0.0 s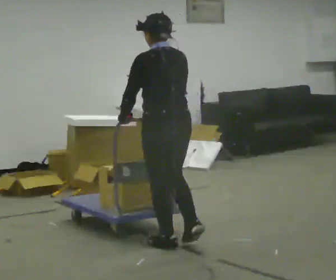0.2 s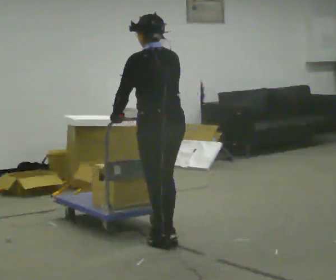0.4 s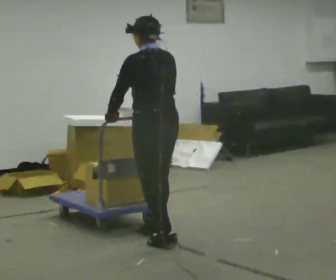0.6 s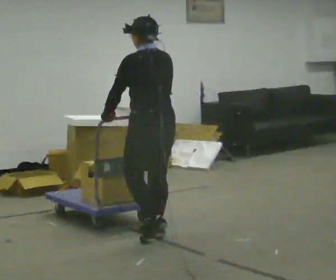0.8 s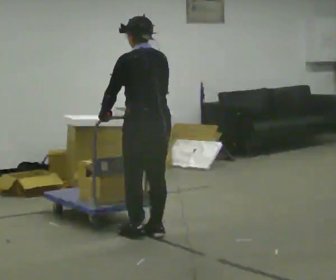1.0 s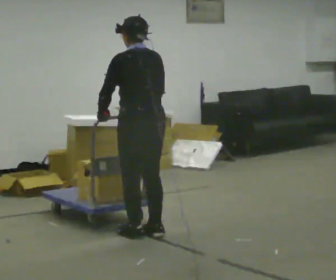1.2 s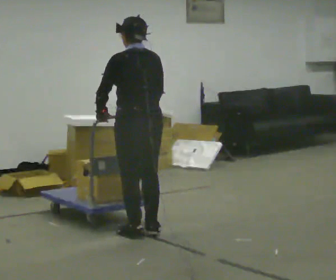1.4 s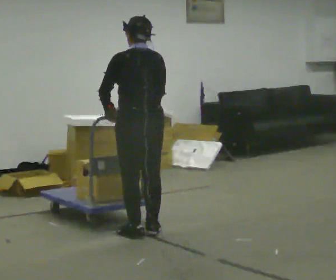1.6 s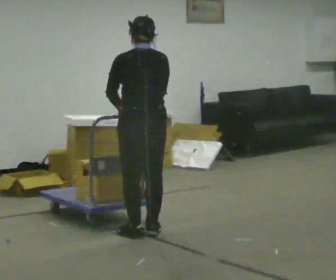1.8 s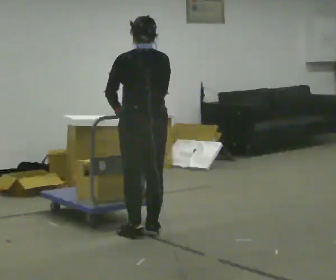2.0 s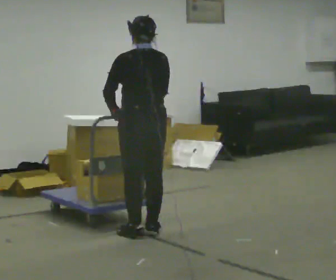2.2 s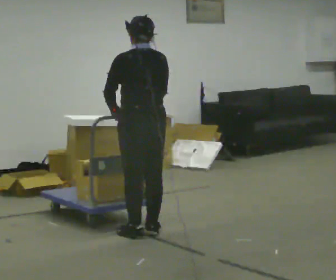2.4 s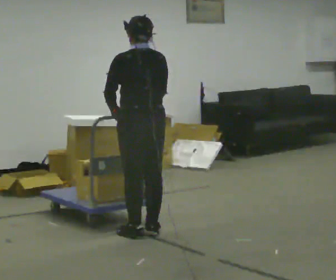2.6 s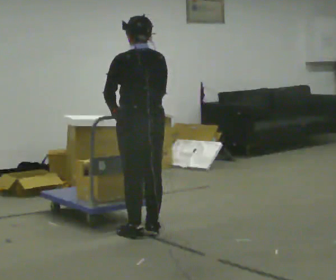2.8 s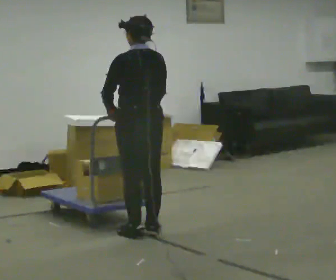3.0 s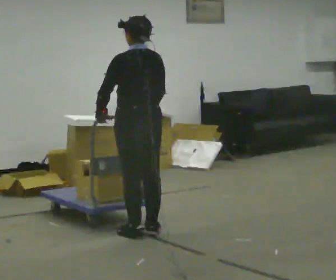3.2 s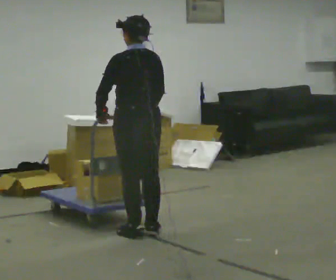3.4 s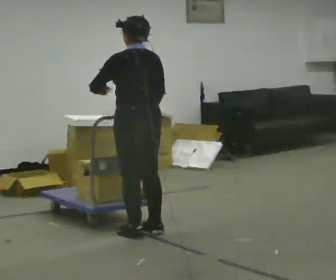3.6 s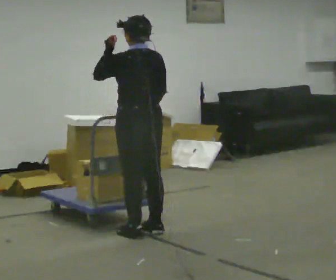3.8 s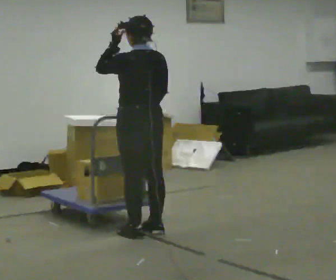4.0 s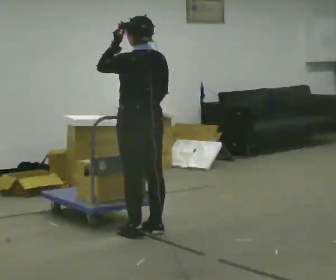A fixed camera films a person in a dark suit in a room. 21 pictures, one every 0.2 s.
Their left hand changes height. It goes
upward.
0.0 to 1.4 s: In the picture they go away from the camera and to the left, about 0.25 m in 2 steps, which for them is forward.
1.4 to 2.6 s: The person moves a little, or ends about where they began.
2.6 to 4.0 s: In the picture their left hand goes upward.
The film runs forward here.
